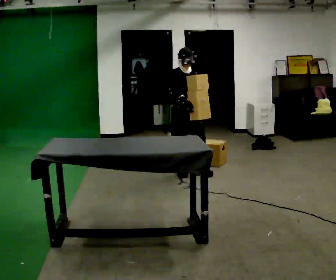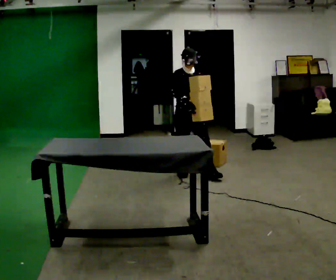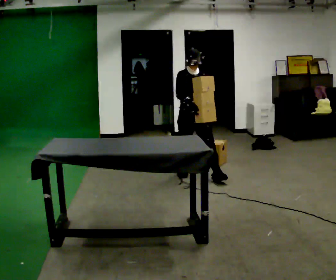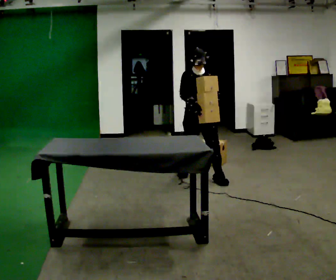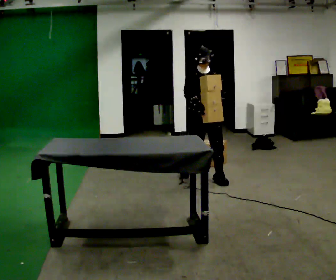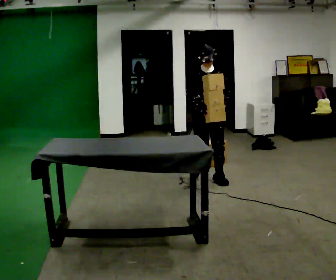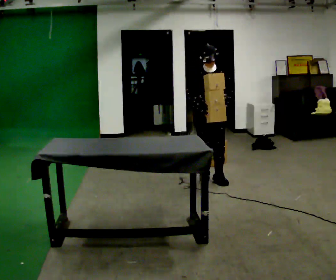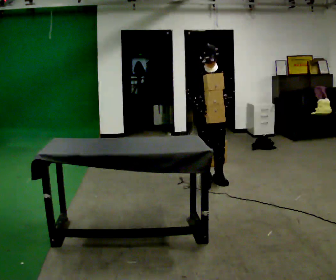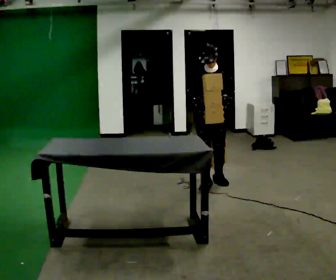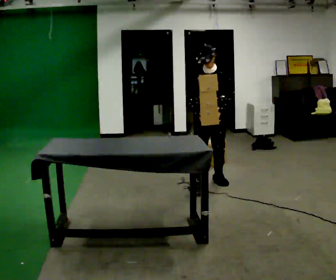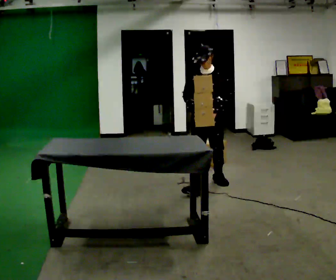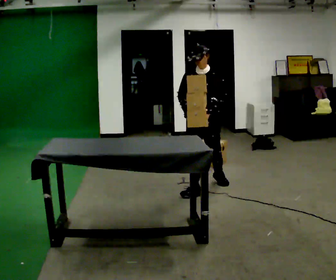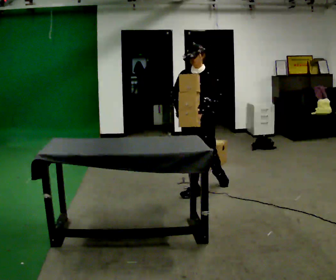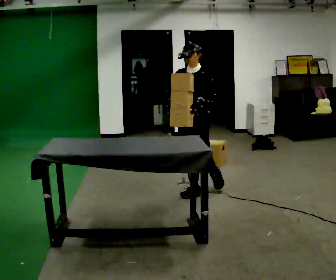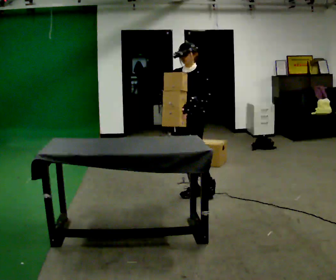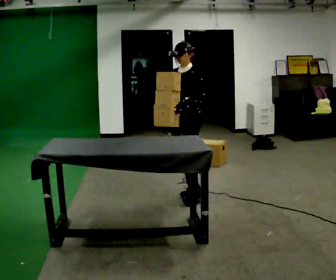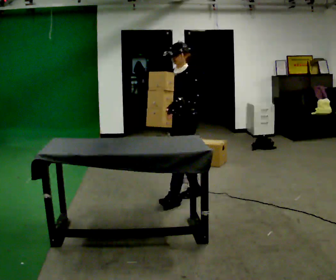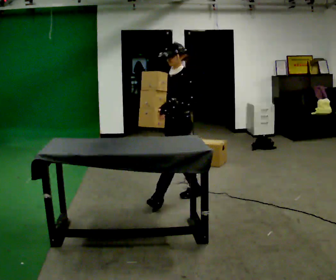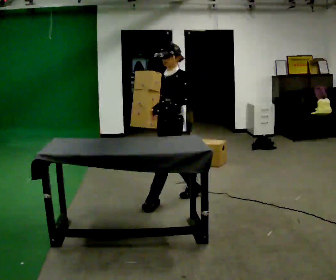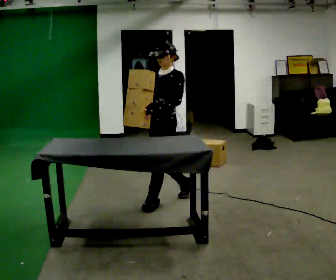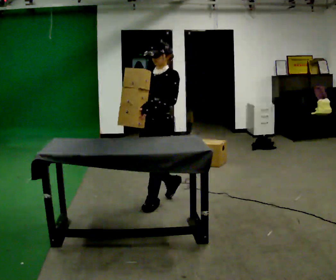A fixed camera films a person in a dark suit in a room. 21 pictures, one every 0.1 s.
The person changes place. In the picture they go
toward the camera.
The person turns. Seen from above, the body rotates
clockwise.
0.0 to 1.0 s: The person turns about 45 degrees to their right, clockwise seen from above, so the part of the body nearest the lens slides to the left. In the picture they go toward the camera and to the right, about 0.5 m in 1 step, which for them is forward.
1.0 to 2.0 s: Seen from above the body turns clockwise, about 45 degrees: to their right, with its near side sliding to the left. In the picture they go toward the camera and to the left, about 0.75 m in 2 steps, which for them is forward.
The film runs forward here.
